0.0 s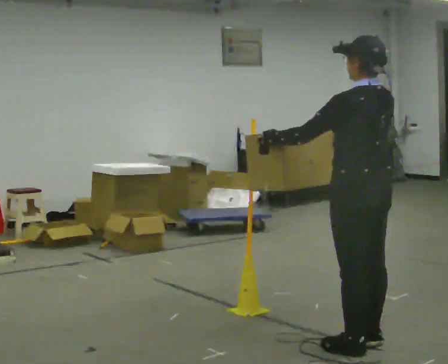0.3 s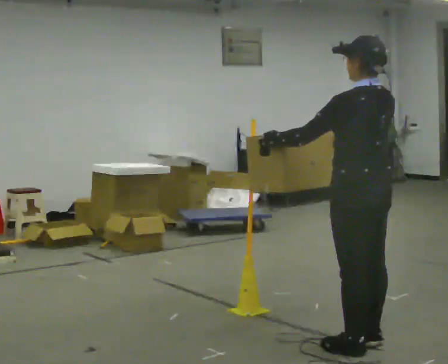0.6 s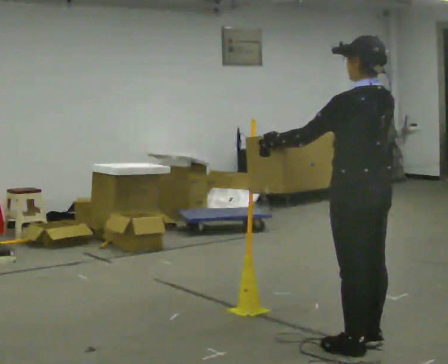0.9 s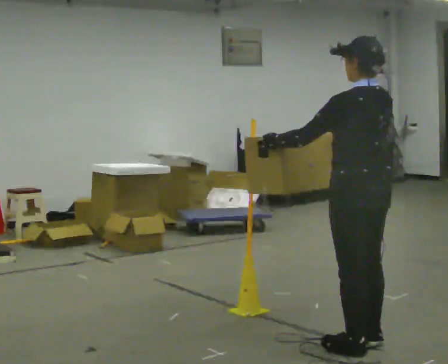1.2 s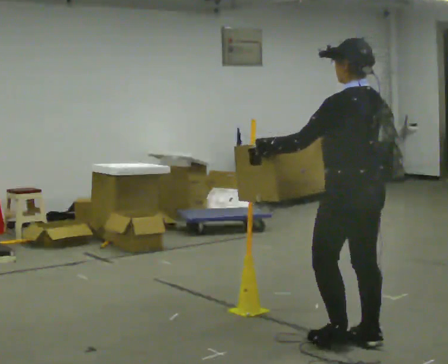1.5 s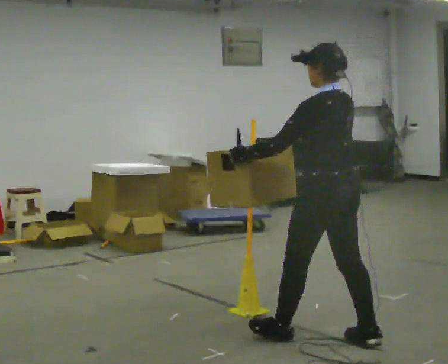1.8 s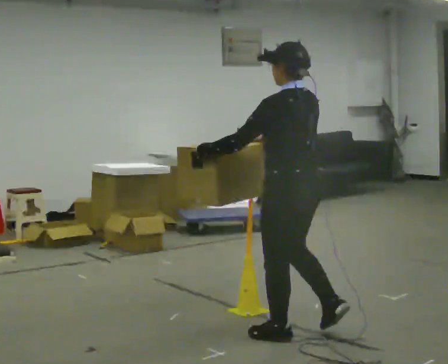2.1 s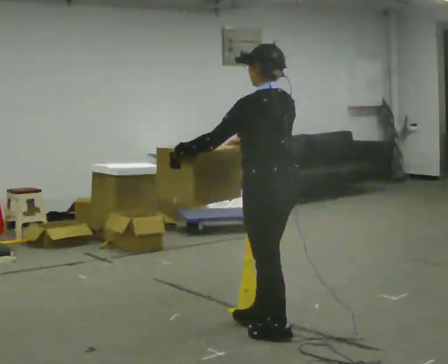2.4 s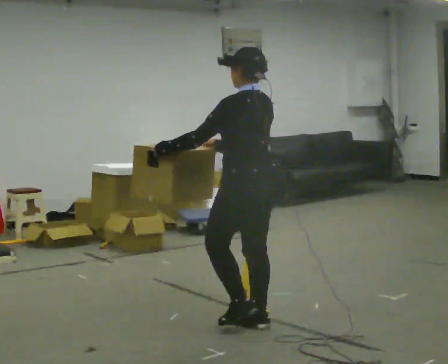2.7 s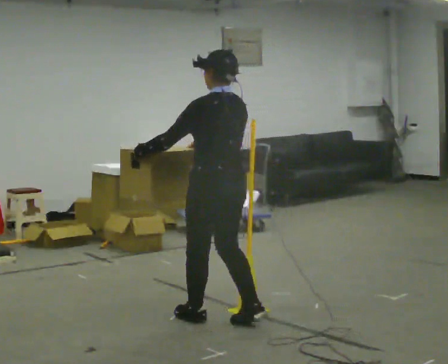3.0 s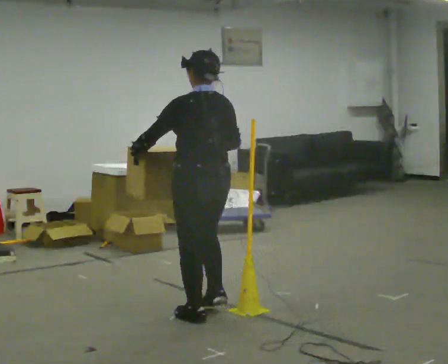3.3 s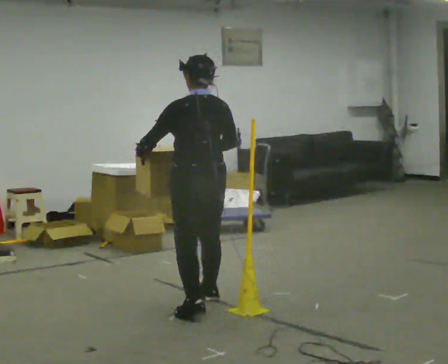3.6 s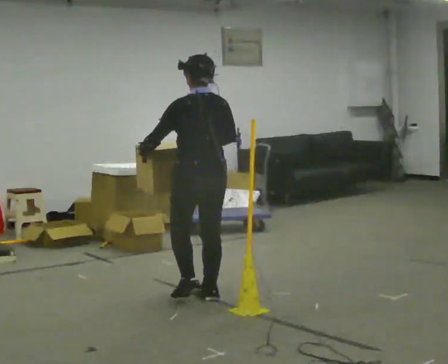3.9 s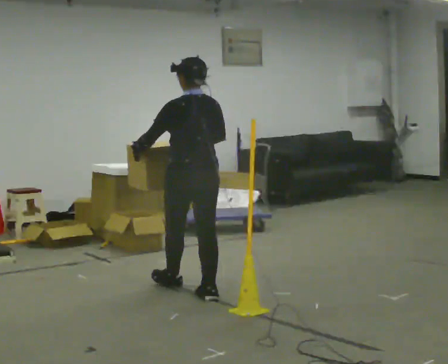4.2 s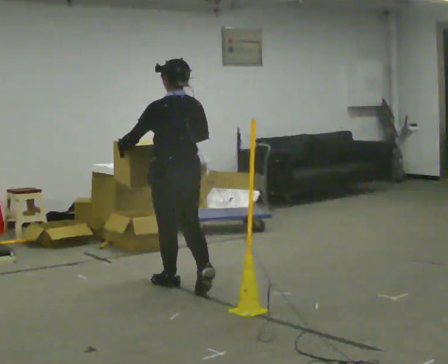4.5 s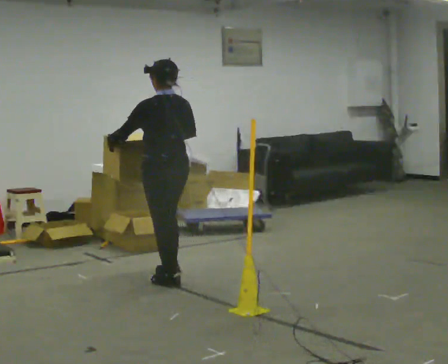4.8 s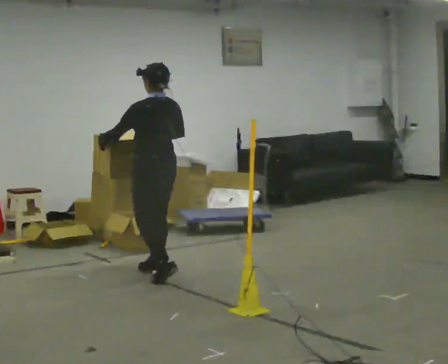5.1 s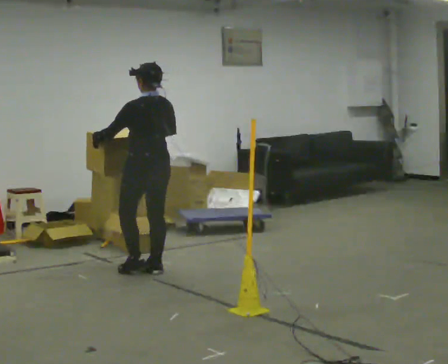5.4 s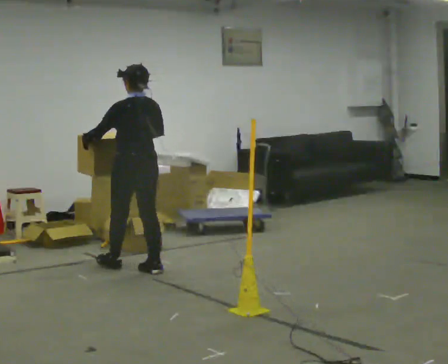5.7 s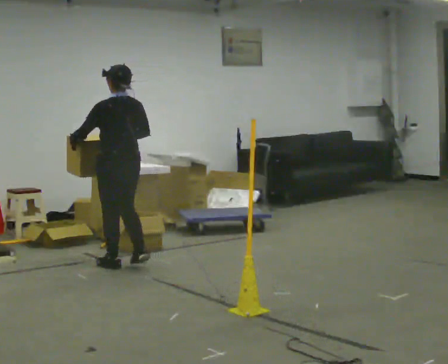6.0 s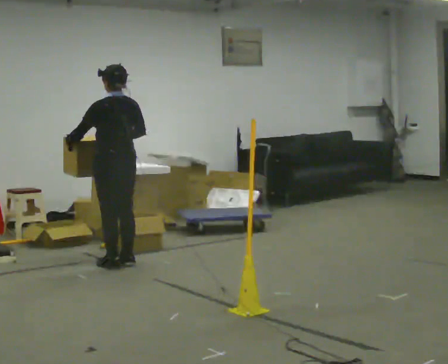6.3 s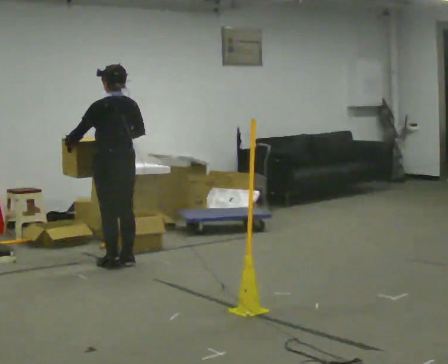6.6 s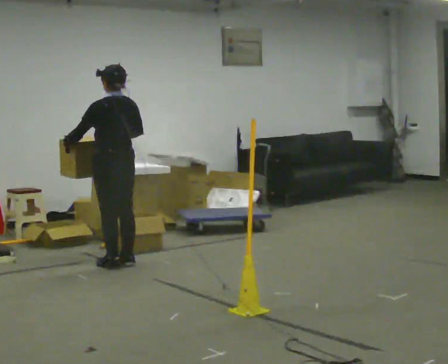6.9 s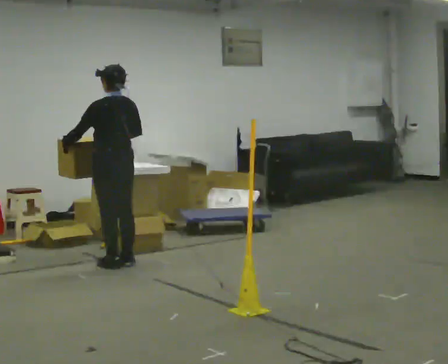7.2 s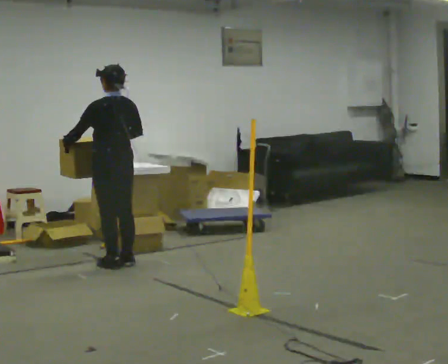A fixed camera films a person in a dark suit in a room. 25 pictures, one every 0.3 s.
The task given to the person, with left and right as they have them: Carry the box across the room. The operator will step into your path partway across, so go around them and carry on. Keep going until the operator says stop; one object at a time, and do not rush between trips.
0.0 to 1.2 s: The person moves a little, or ends about where they began.
1.2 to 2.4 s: In the picture they go to the left and away from the camera, about 0.75 m in 2 steps, which for them is forward.
2.4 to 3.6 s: In the picture they go away from the camera and to the left, about 0.75 m in 2 steps, which for them is forward.
3.6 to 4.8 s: In the picture they go away from the camera and to the left, about 0.5 m in 2 steps, which for them is forward.
4.8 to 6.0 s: In the picture they go to the left and away from the camera, about 0.5 m in 2 steps, which for them is forward.
6.0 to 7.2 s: The person moves a little, or ends about where they began.
The film runs forward here.
